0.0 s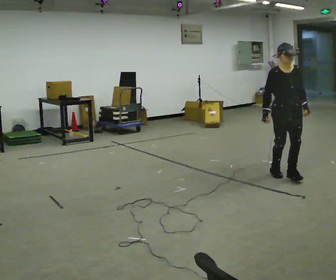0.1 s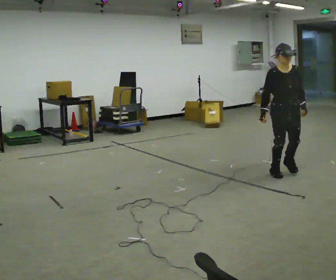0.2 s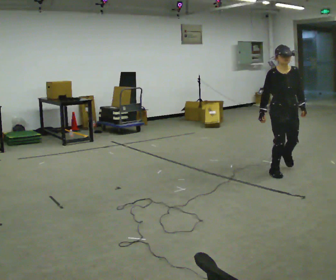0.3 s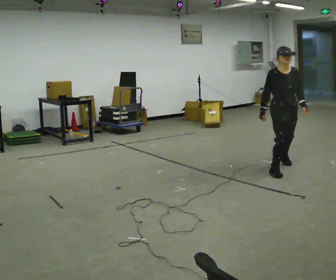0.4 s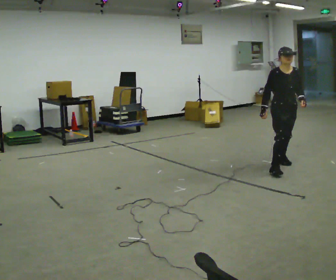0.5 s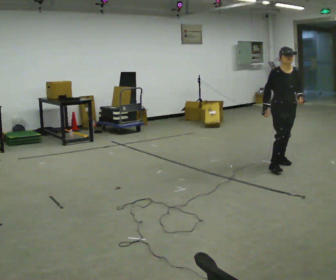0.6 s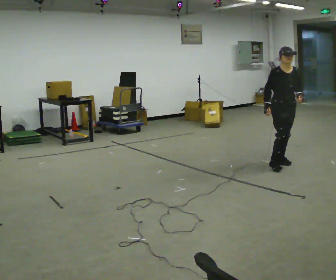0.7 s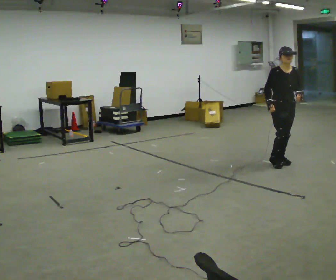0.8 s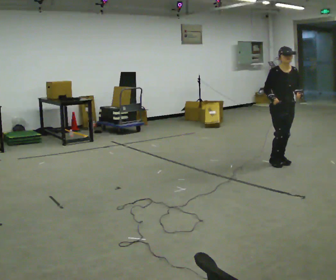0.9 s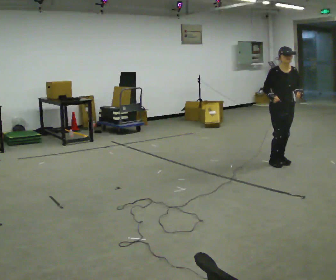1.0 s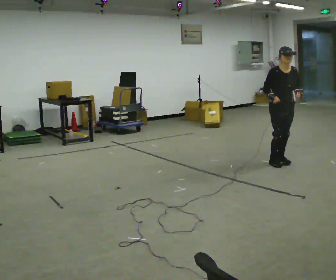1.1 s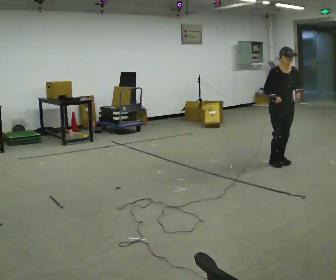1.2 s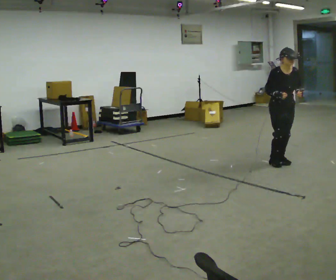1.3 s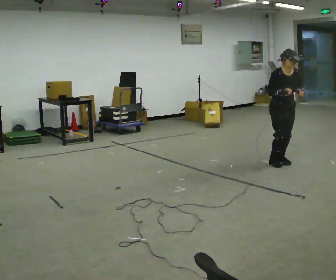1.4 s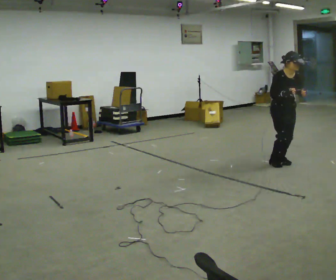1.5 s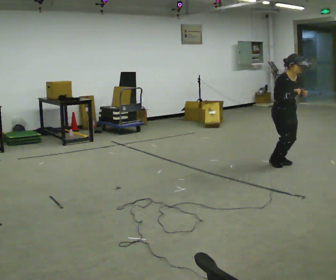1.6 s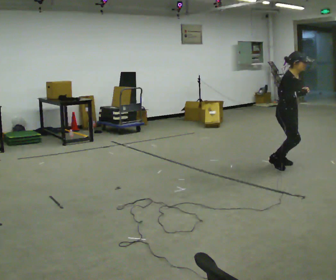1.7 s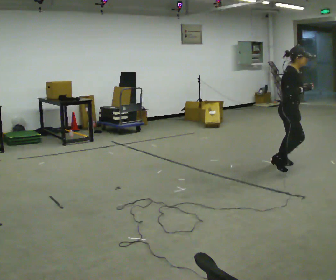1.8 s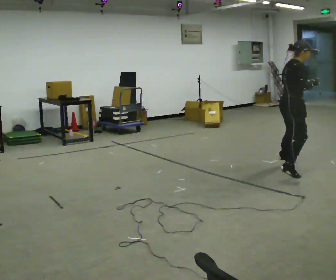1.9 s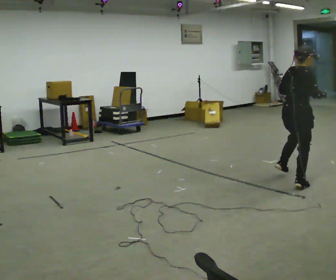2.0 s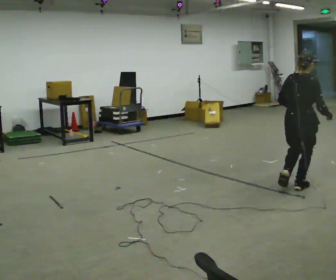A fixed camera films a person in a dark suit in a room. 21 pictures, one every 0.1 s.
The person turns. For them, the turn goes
to their left.
The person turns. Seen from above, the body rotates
counterclockwise.
0.0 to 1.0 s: In the picture they go away from the camera, about 0.5 m in 1 step, which for them is backward and to their left.
1.0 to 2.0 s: The person turns about 120 degrees to their left, counterclockwise seen from above, so the part of the body nearest the lens slides to the right. In the picture they go toward the camera, about 1 m in 2 steps.
The film runs backward here.
